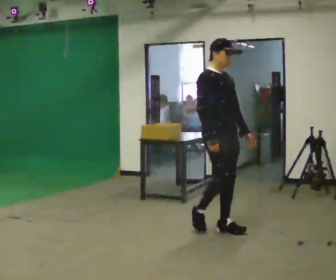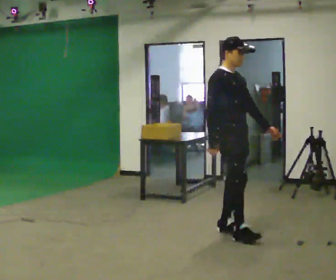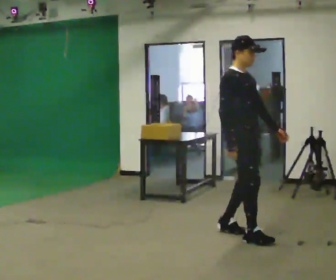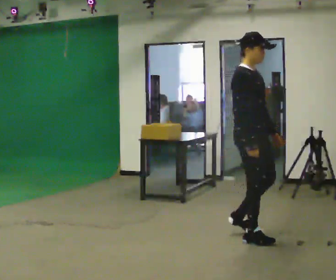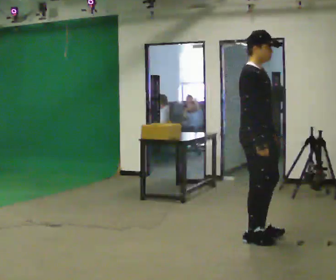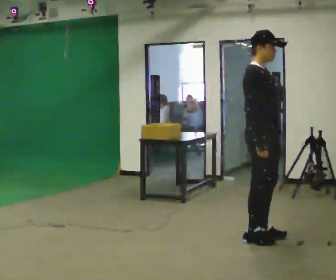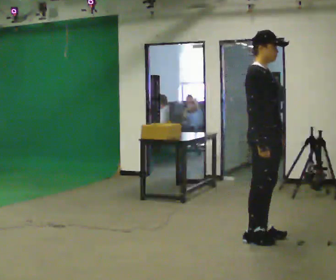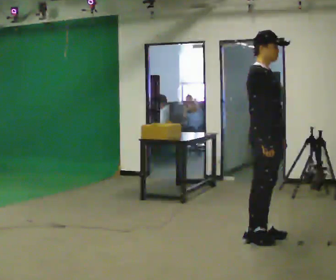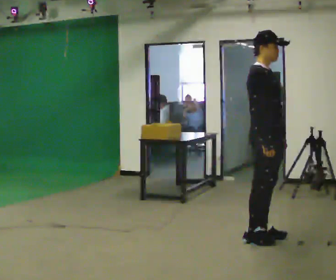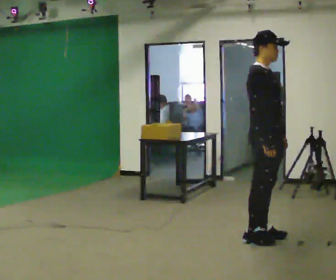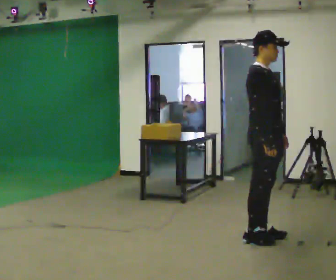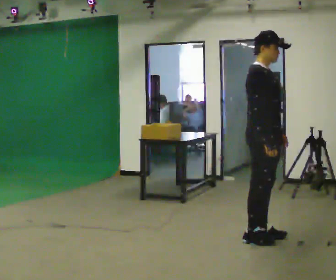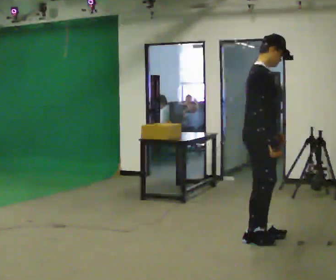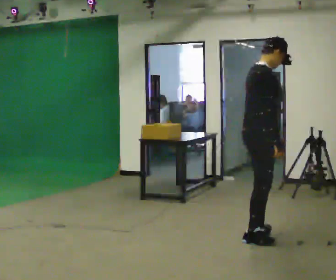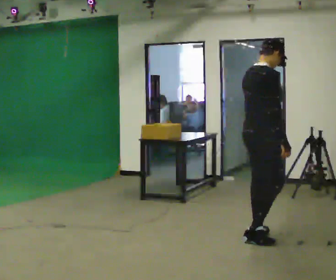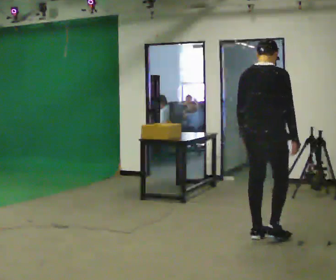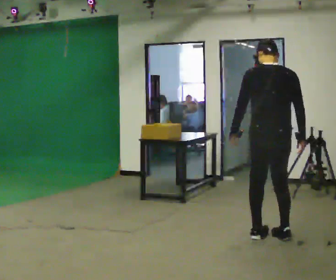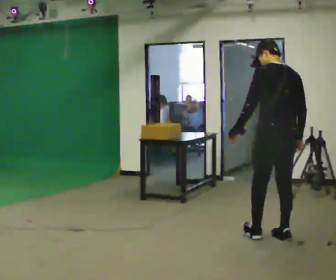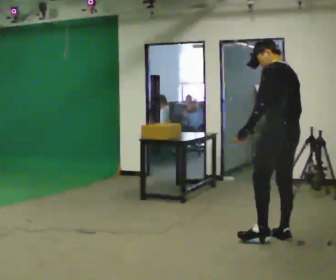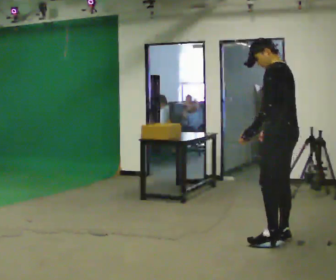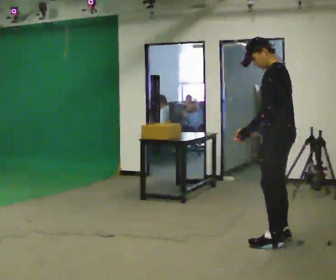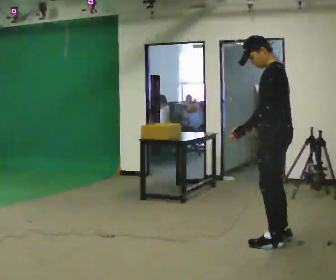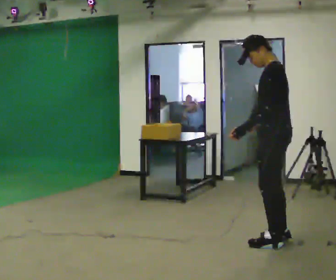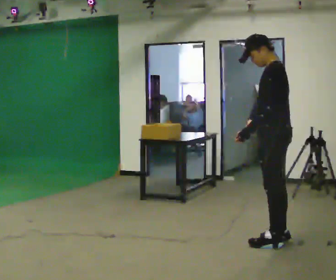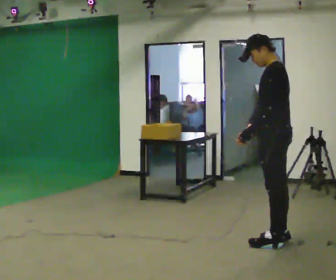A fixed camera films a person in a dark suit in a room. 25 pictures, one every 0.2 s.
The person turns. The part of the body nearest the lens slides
to the right.
The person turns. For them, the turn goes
to their left.
0.0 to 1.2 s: In the picture they go to the right and toward the camera, about 0.5 m in 2 steps, which for them is forward.
1.2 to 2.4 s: The person moves a little, or ends about where they began.
2.4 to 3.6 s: The part of the body nearest the lens slides to the right as the person turns to their left by about 150 degrees. In the picture they go to the right, about 0.25 m in 1 step. The upper body tips away from the camera, its near side rolling upward.
3.6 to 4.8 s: Seen from above the body turns counterclockwise, about 30 degrees: to their left, with its near side sliding to the right. In the picture their right hand goes to the left.
The film runs forward here.
